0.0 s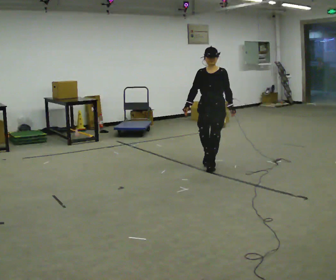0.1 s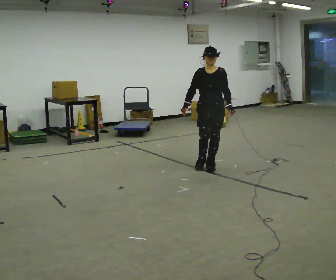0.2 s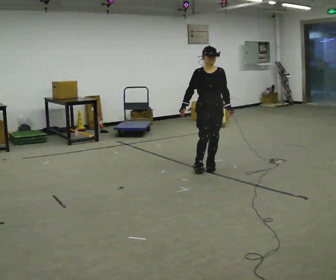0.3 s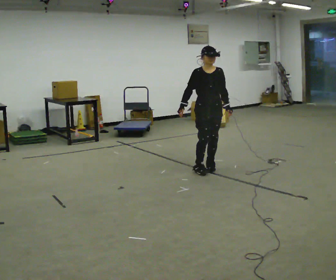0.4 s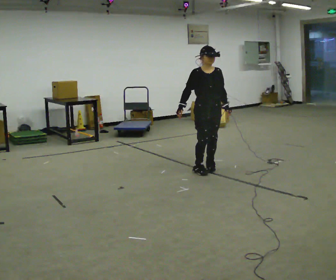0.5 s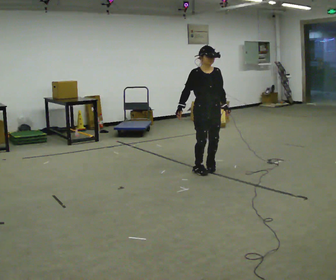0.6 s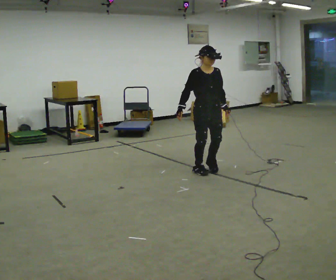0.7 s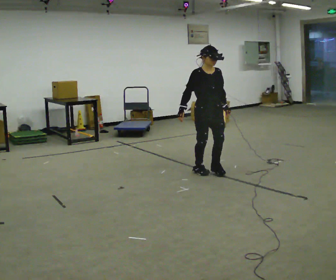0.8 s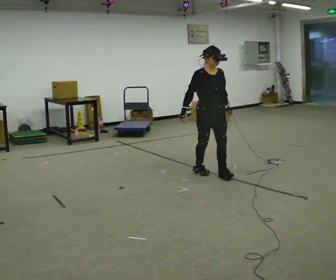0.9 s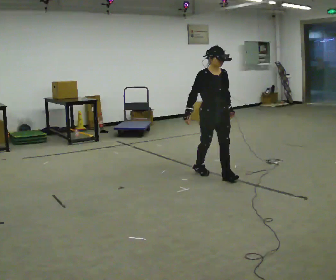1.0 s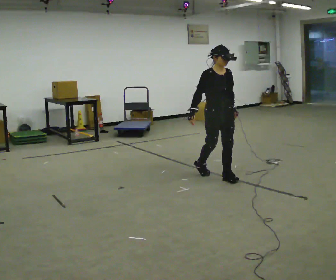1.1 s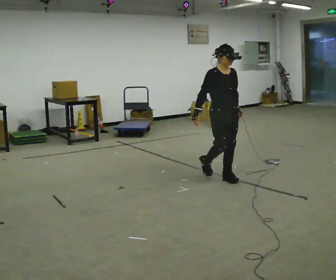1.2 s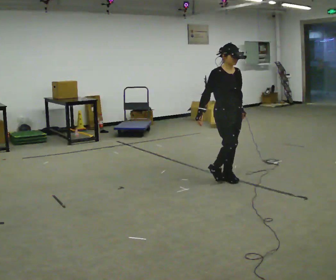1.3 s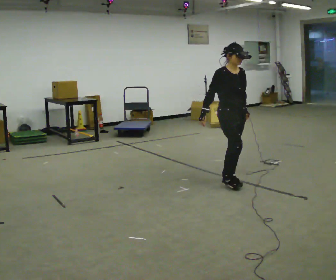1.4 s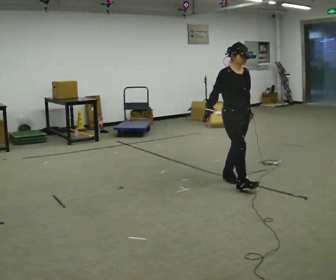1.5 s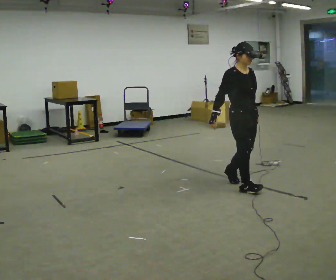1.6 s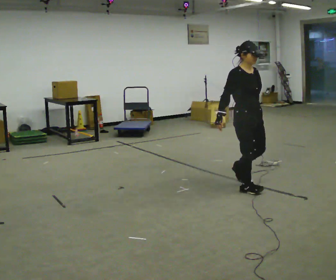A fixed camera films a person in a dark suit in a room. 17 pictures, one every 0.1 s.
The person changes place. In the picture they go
toward the camera.
0.0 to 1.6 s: The part of the body nearest the lens slides to the right as the person turns to their left by about 45 degrees. In the picture they go toward the camera, about 1 m in 3 steps, which for them is forward.
The film runs forward here.
